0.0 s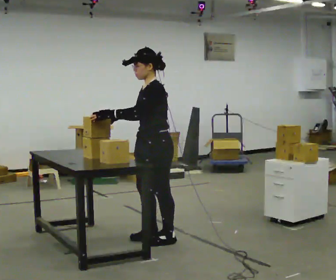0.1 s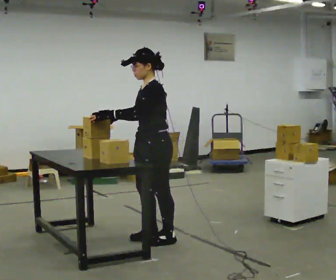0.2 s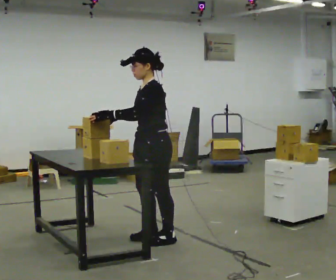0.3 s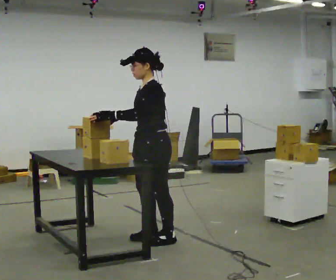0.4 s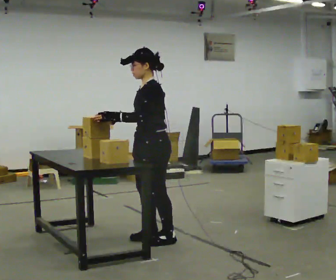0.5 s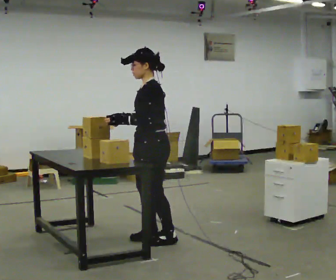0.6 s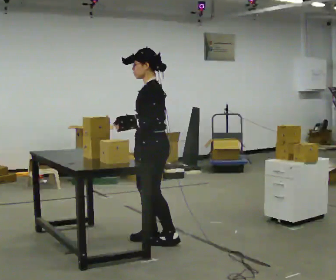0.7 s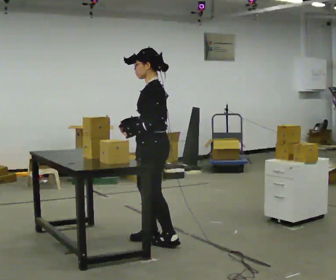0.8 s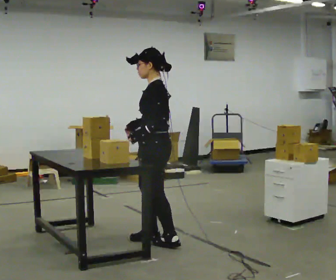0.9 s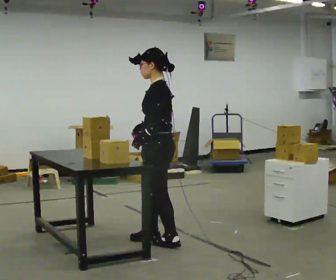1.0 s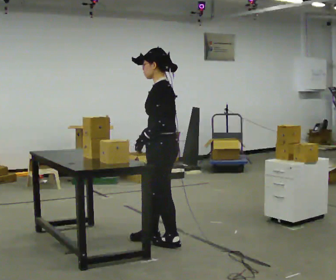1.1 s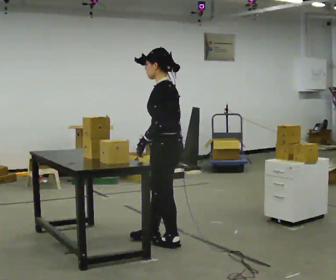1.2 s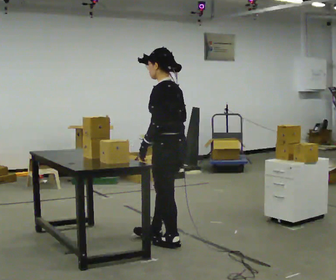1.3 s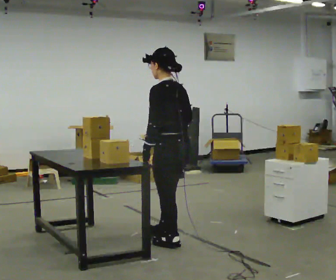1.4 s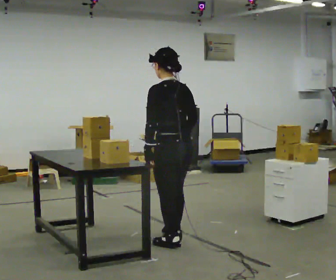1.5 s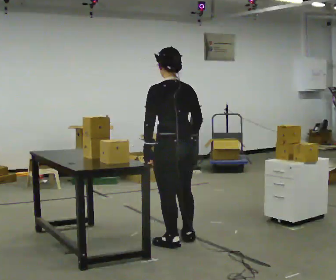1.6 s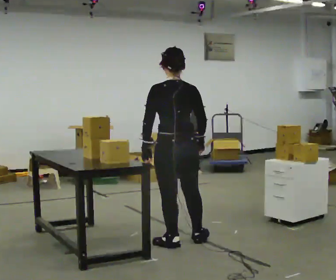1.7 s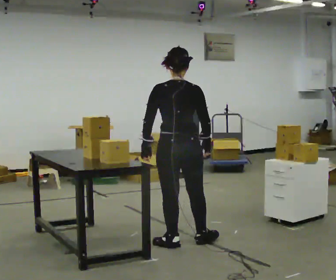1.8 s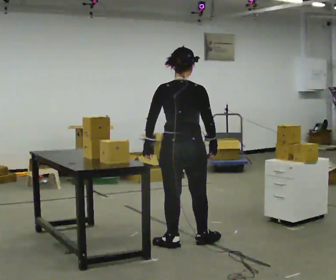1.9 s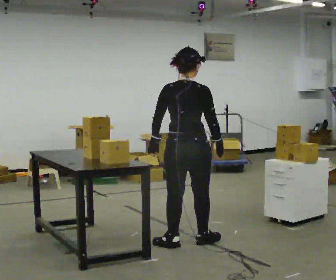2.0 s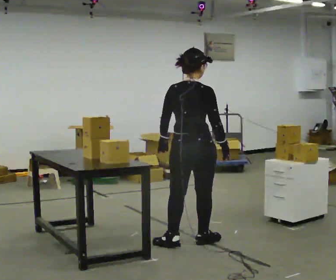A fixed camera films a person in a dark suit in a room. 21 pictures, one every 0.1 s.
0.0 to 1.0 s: The person turns about 30 degrees to their right, clockwise seen from above, so the part of the body nearest the lens slides to the left.
1.0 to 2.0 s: Seen from above the body turns clockwise, about 105 degrees: to their right, with its near side sliding to the left. In the picture they go to the right, about 0.25 m in 1 step. In the picture their right hand goes to the right, the arm swinging counterclockwise.
The film runs forward here.
